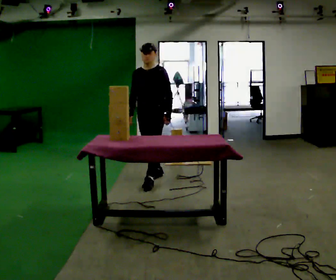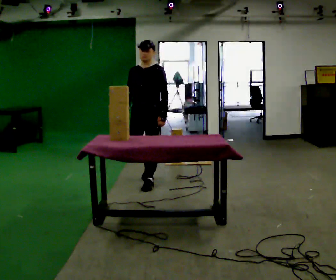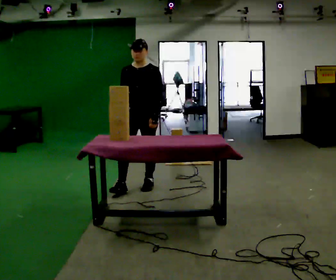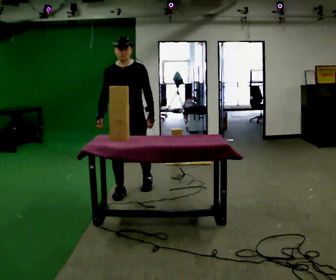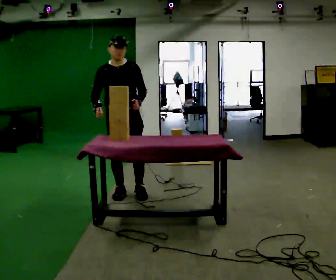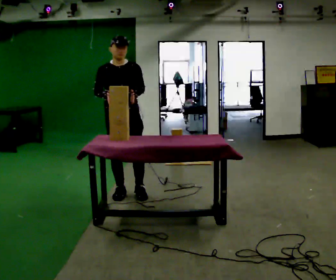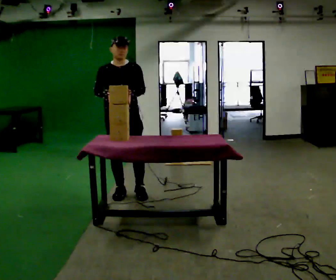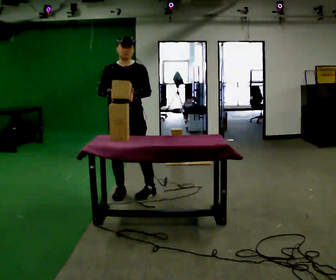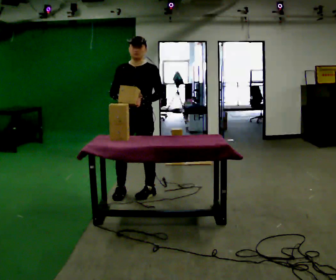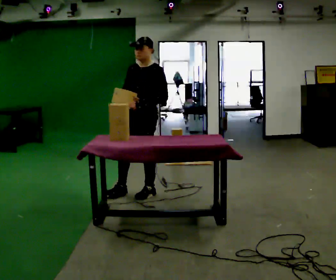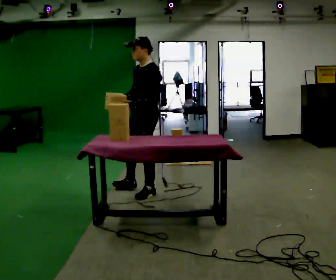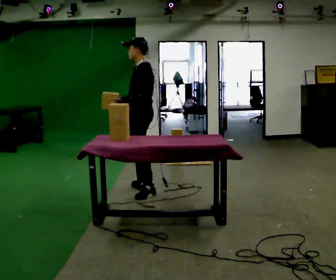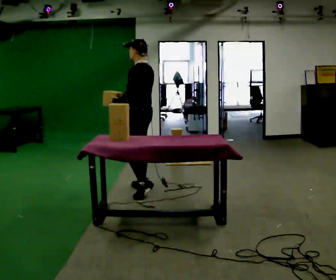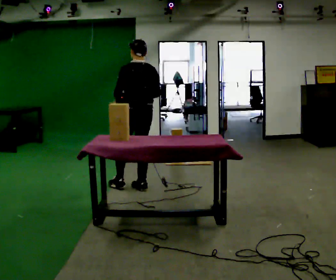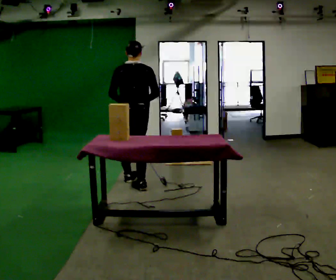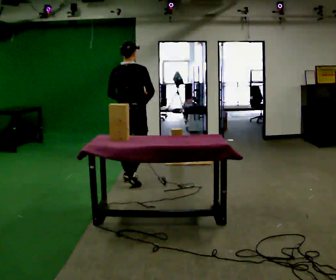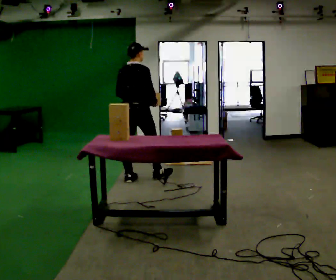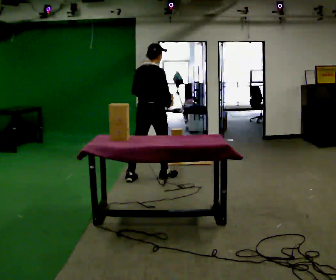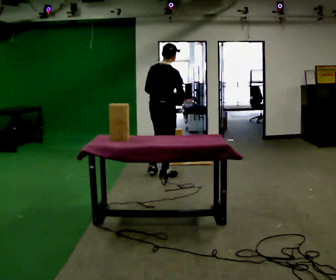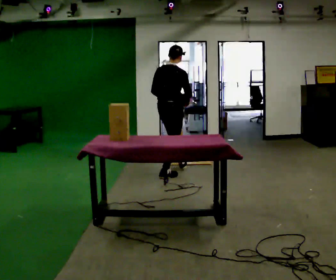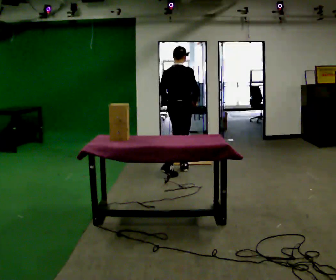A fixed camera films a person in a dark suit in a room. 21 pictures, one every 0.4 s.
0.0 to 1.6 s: The person turns about 30 degrees to their left, counterclockwise seen from above, so the part of the body nearest the lens slides to the right. In the picture they go toward the camera and to the left, about 0.75 m in 2 steps, which for them is forward.
1.6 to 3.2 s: Seen from above the body turns clockwise, about 30 degrees: to their right, with its near side sliding to the left. In the picture they go to the right, about 0.25 m, which for them is to their left.
3.2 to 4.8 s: Seen from above the body turns clockwise, about 90 degrees: to their right, with its near side sliding to the left. In the picture they go away from the camera, about 0.25 m in 1 step.
4.8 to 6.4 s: The part of the body nearest the lens slides to the left as the person turns to their right by about 105 degrees. In the picture they go away from the camera, about 0.25 m in 1 step.
6.4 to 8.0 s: In the picture they go to the right and away from the camera, about 0.5 m in 2 steps, which for them is forward.
The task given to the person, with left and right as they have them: 1. Bring the boxes over from the shelf one at a time. 2. Stack them on the pallet with the heaviest at the bottom. 3. Do not stack more than three high. 4. Tell the operator when you are finished.
The film runs forward here.
